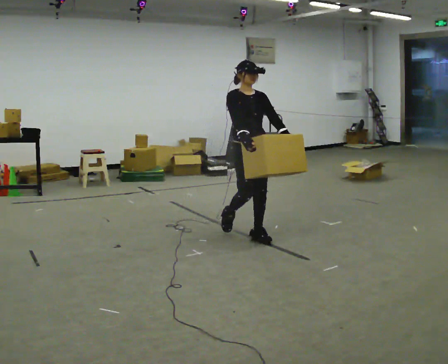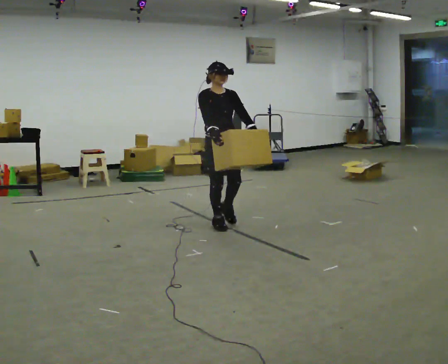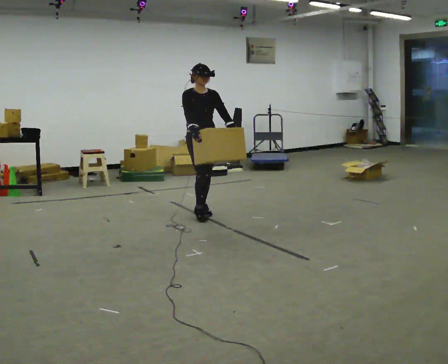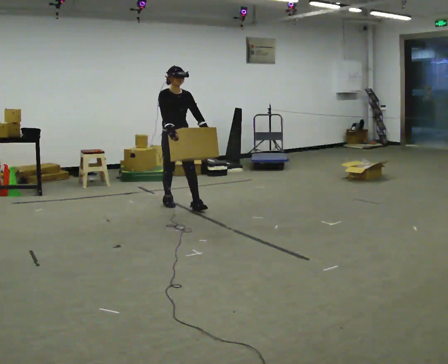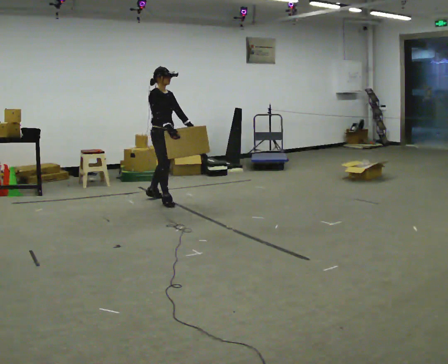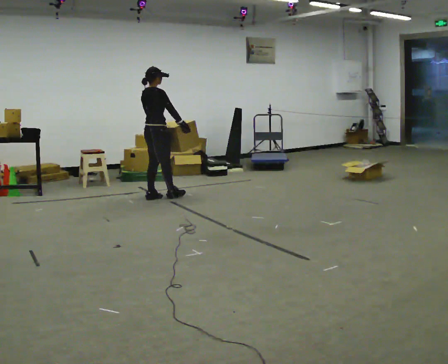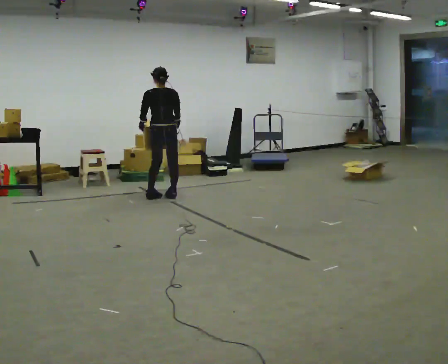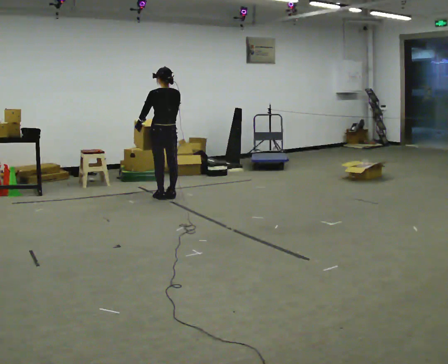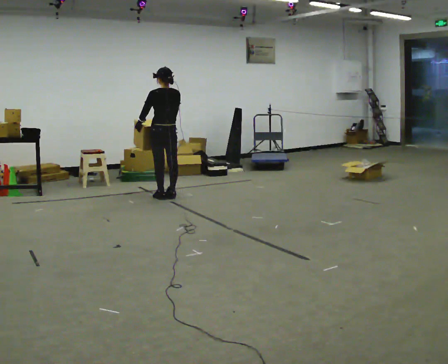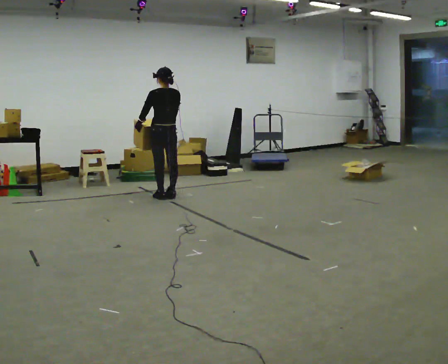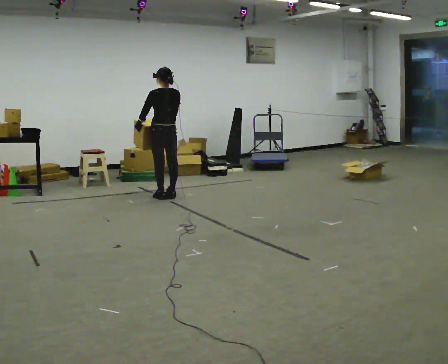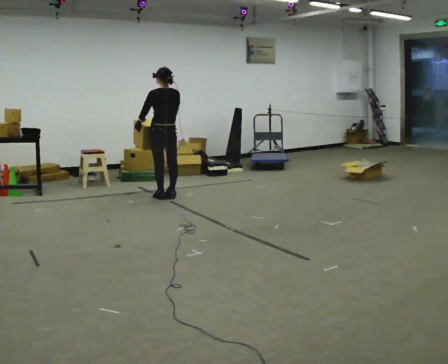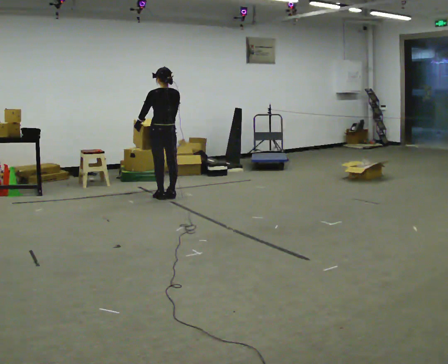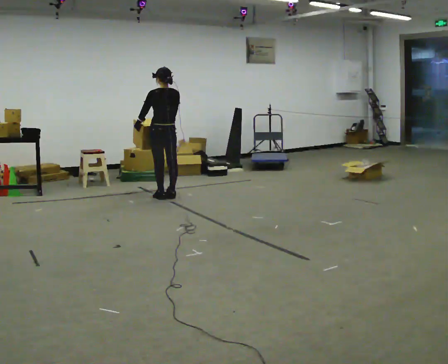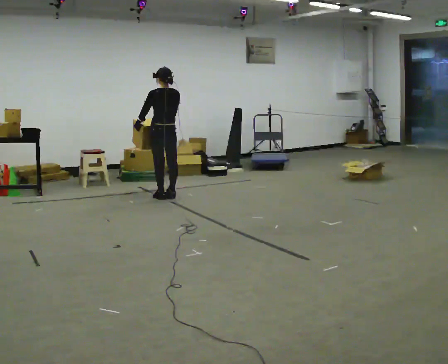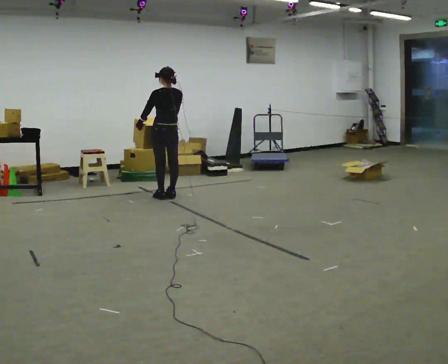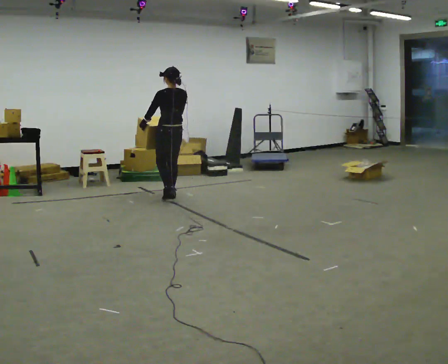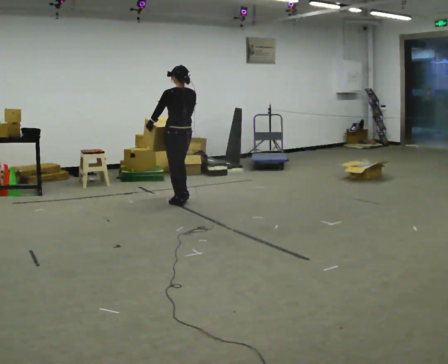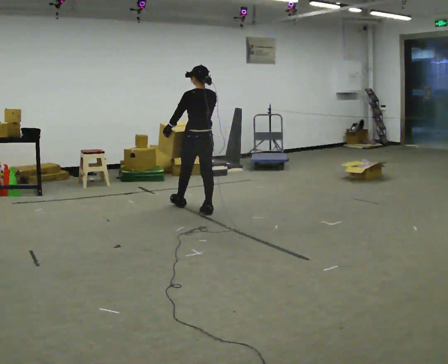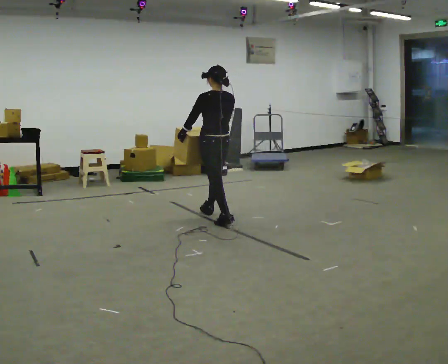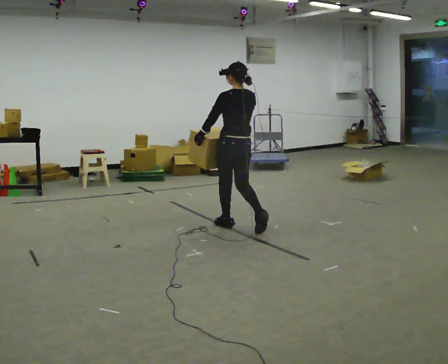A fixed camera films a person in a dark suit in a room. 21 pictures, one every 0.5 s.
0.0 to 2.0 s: The part of the body nearest the lens slides to the right as the person turns to their left by about 30 degrees. In the picture they go away from the camera and to the left, about 1.5 m in 3 steps, which for them is backward.
2.0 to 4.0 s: The person turns about 150 degrees to their left, counterclockwise seen from above, so the part of the body nearest the lens slides to the right. In the picture they go away from the camera, about 0.25 m in 2 steps.
4.0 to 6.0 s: The person keeps their place and pose.
6.0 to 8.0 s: The person moves a little, or ends about where they began.
8.0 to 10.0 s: In the picture they go toward the camera and to the right, about 1.5 m in 3 steps, which for them is backward.
The film runs backward here.
